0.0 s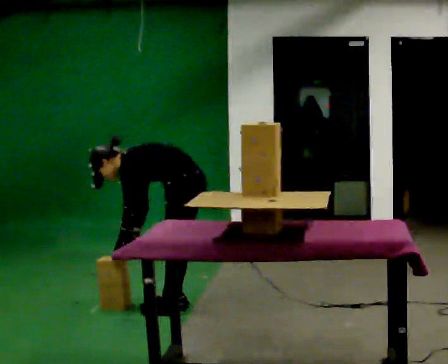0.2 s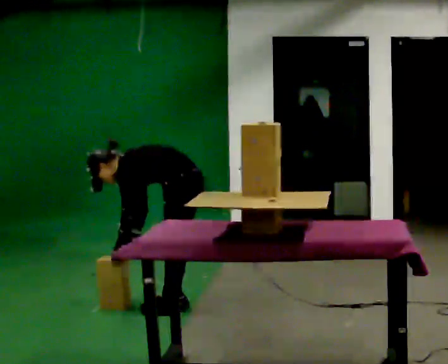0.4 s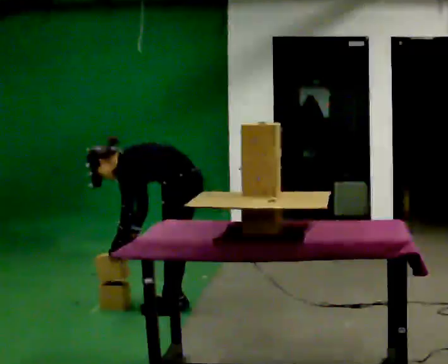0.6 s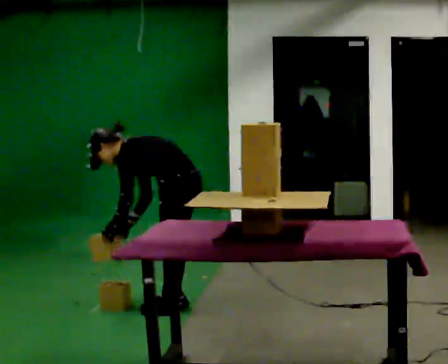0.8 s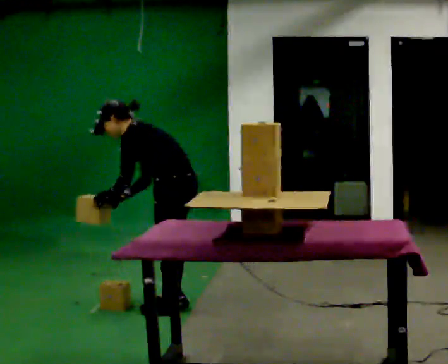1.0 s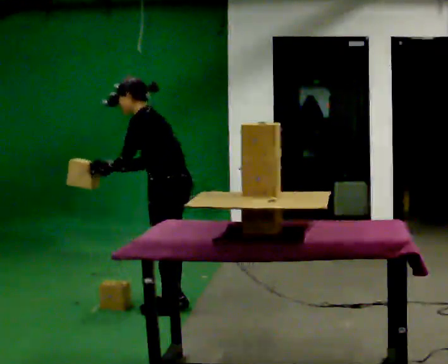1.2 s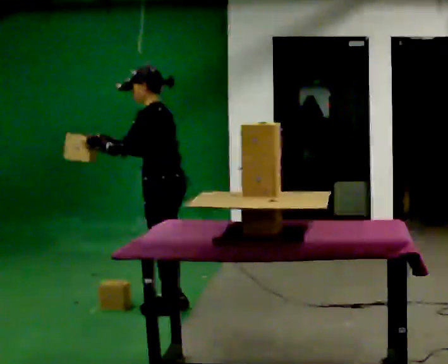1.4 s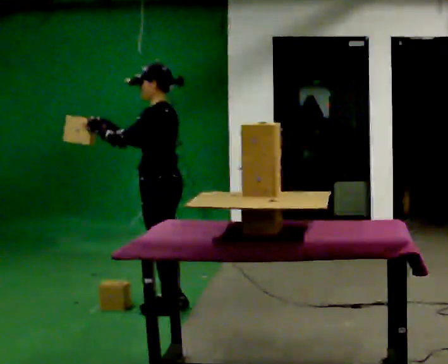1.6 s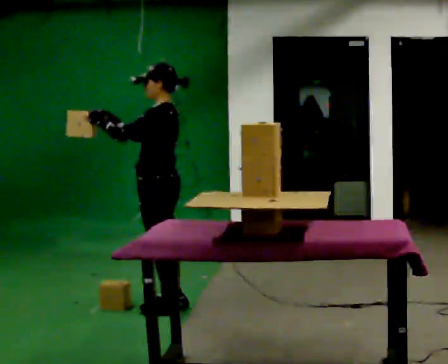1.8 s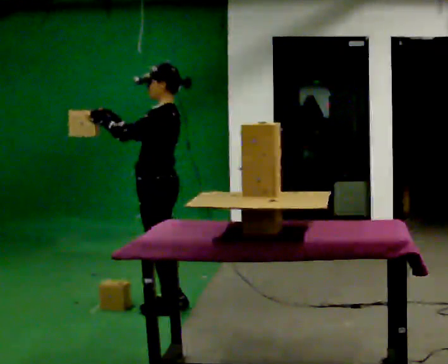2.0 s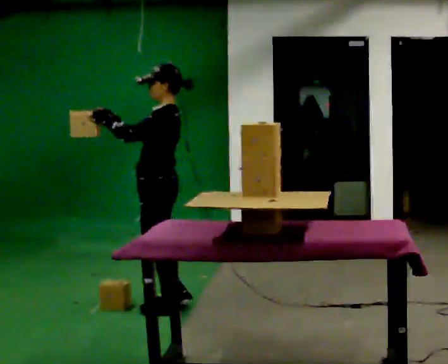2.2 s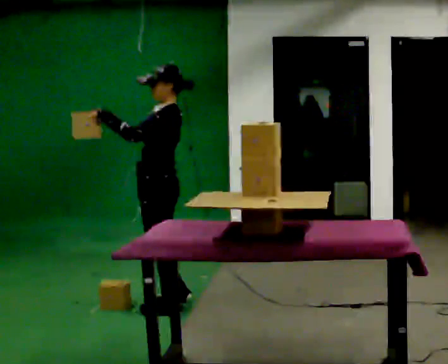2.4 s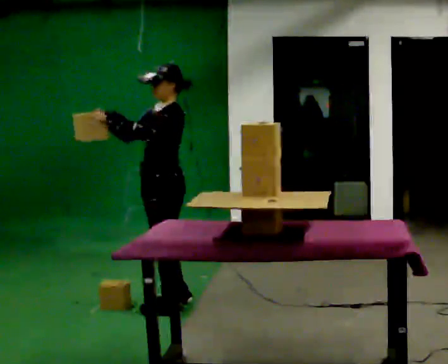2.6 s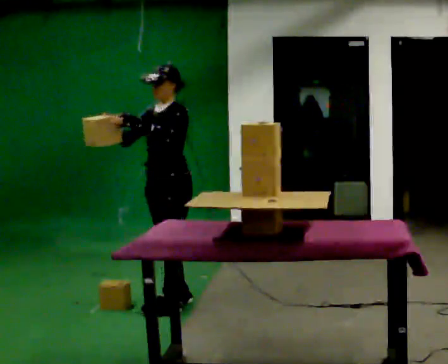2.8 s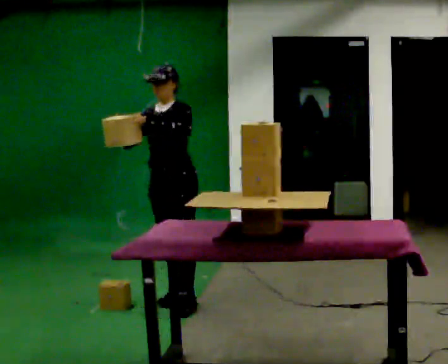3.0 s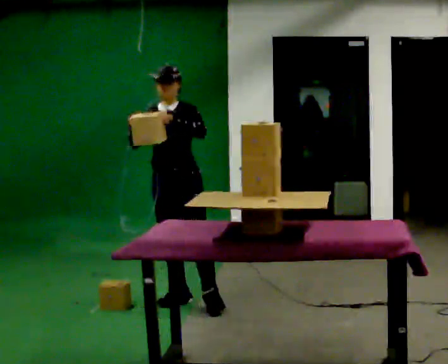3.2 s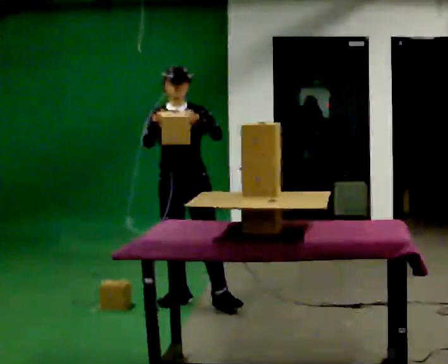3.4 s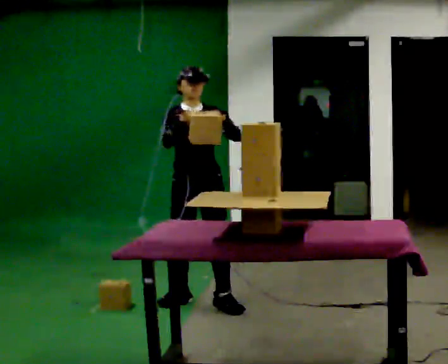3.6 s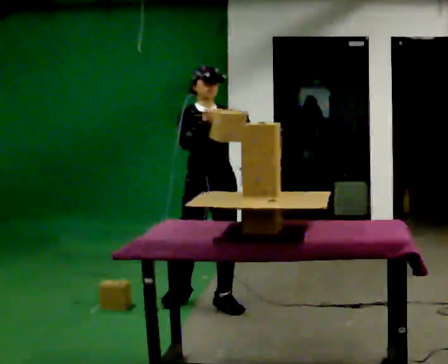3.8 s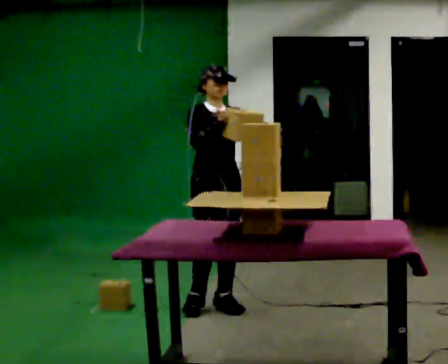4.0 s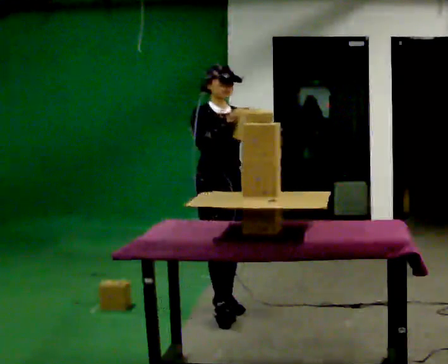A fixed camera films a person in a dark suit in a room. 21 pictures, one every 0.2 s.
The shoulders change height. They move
upward.
Their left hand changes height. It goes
upward.
0.0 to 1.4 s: In the picture they go to the left, about 0.25 m, which for them is forward. The shoulders move upward. In the picture the upper body tilts clockwise, shoulders to the right, as they lean back or straighten. In the picture their right hand goes upward, the arm swinging clockwise.
1.4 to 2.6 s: The person turns about 60 degrees to their left, counterclockwise seen from above, so the part of the body nearest the lens slides to the right. In the picture they go away from the camera, about 0.25 m in 1 step, which for them is to their right.
2.6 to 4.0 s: The person turns about 75 degrees to their left, counterclockwise seen from above, so the part of the body nearest the lens slides to the right. In the picture they go to the right and toward the camera, about 0.25 m in 1 step.
The film runs forward here.
